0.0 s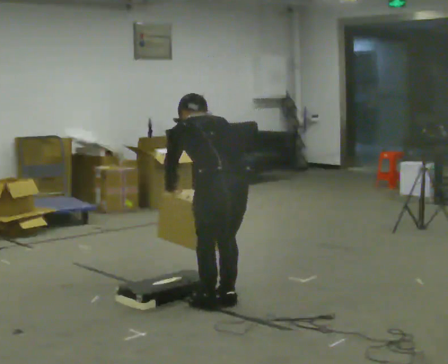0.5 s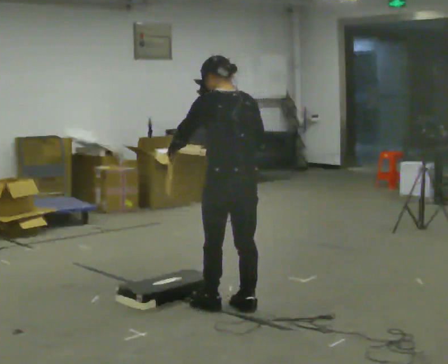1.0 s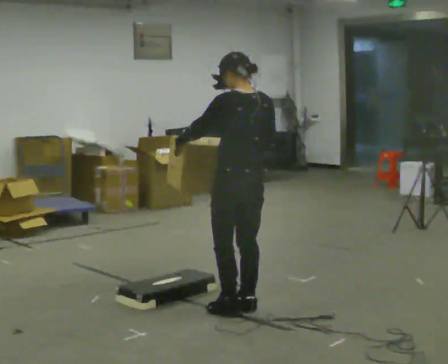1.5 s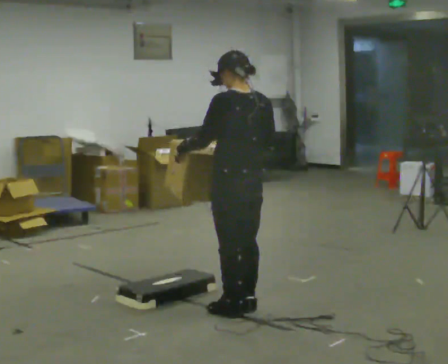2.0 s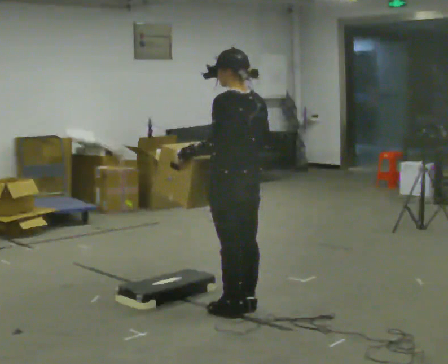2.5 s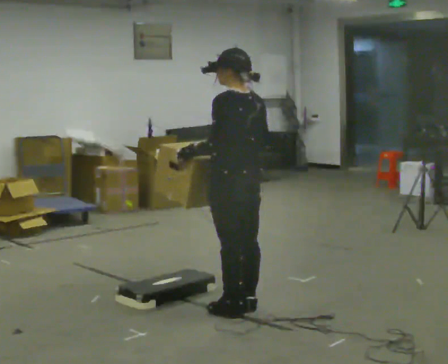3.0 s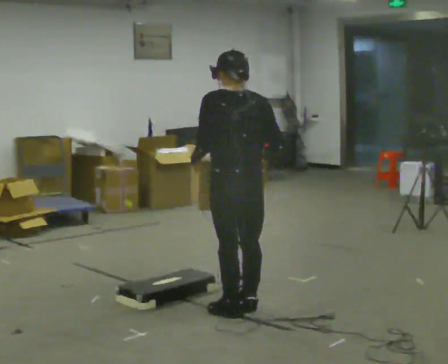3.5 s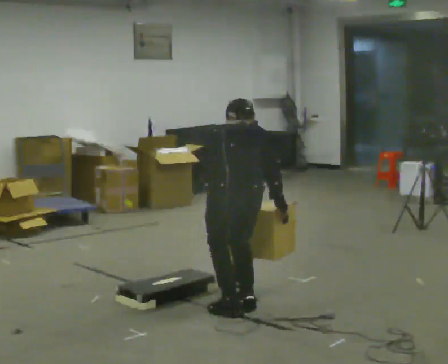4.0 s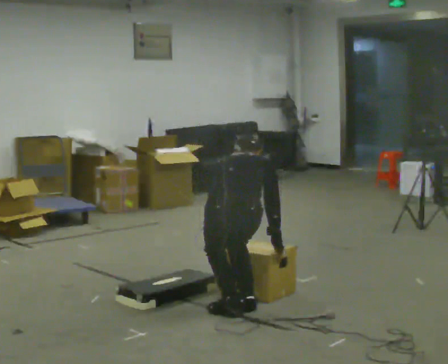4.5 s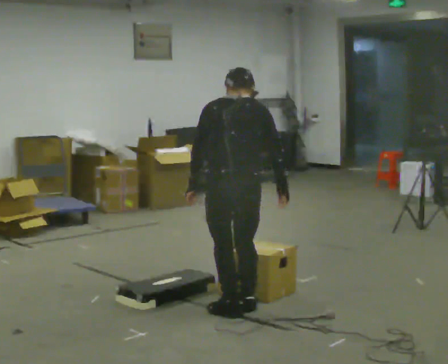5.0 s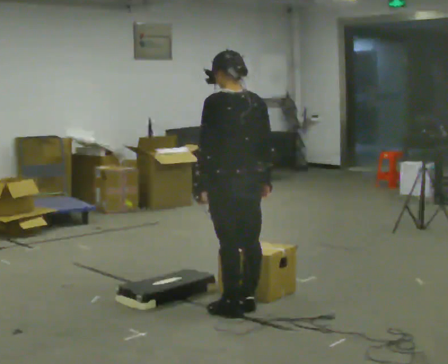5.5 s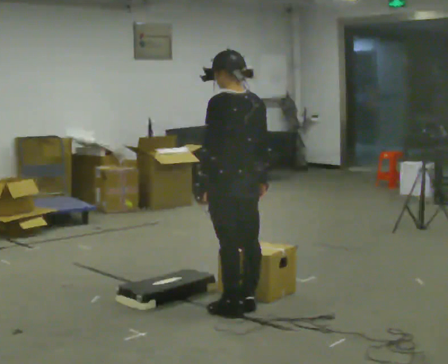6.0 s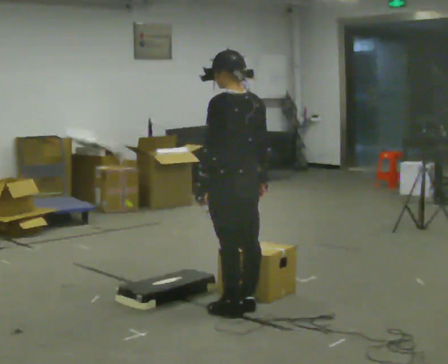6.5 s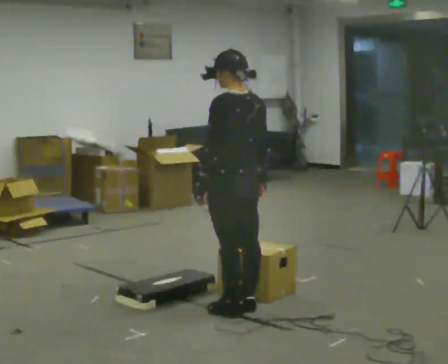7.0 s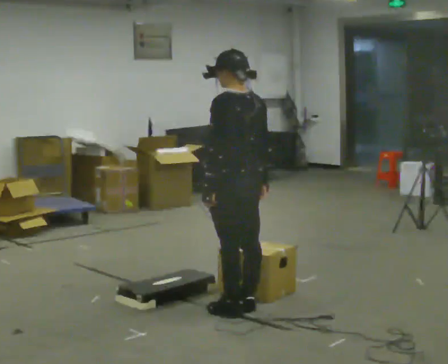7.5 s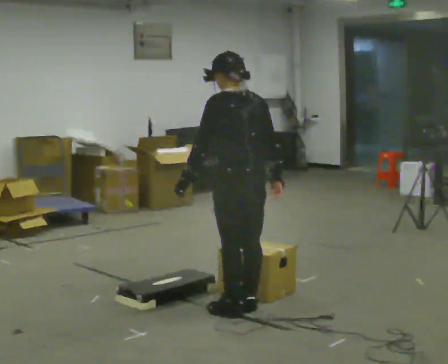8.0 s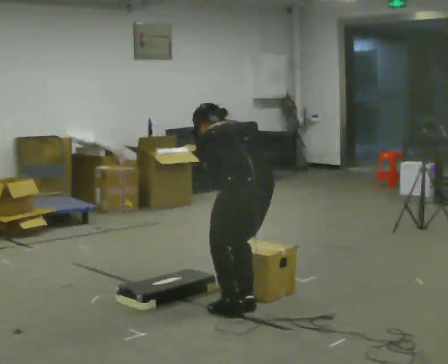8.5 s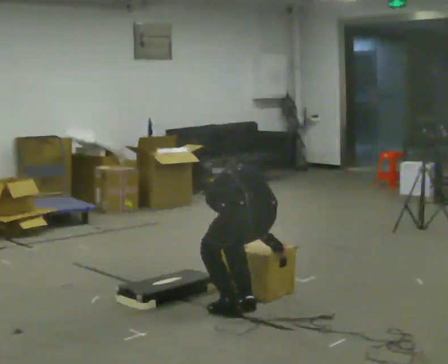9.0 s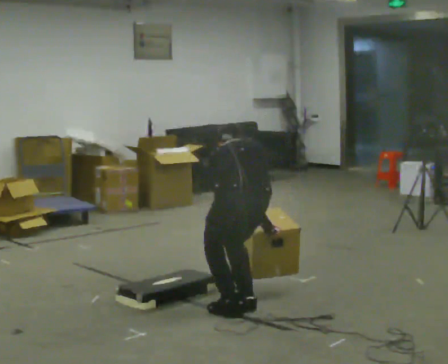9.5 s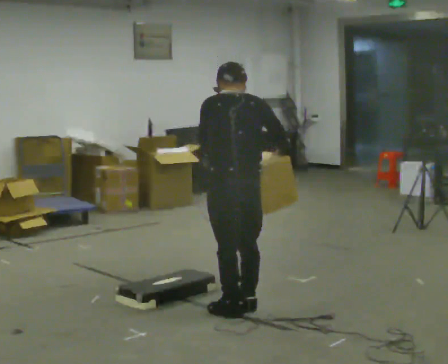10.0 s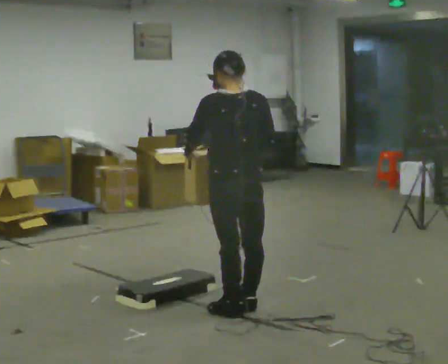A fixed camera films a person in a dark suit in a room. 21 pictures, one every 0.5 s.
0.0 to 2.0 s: The person turns about 30 degrees to their left, counterclockwise seen from above, so the part of the body nearest the lens slides to the right. The shoulders move upward. The upper body tips toward the camera, its near side rolling downward, as they lean back or straighten. In the picture their right hand goes upward.
2.0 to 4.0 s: Seen from above the body turns clockwise, about 60 degrees: to their right, with its near side sliding to the left. The upper body goes downward. The upper body tips away from the camera, its near side rolling upward, as they bend forward. In the picture their right hand goes downward.
4.0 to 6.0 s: Seen from above the body turns counterclockwise, about 60 degrees: to their left, with its near side sliding to the right. The upper body goes upward. The upper body tips toward the camera, its near side rolling downward, as they lean back or straighten. In the picture their left hand goes upward.
6.0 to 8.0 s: The shoulders move downward. The upper body tips away from the camera, its near side rolling upward, as they bend forward.
8.0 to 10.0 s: In the picture their left hand goes upward.
The film runs backward here.
